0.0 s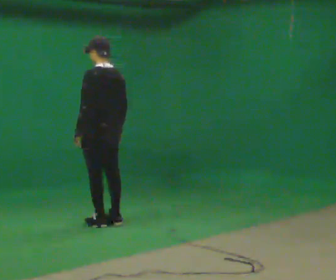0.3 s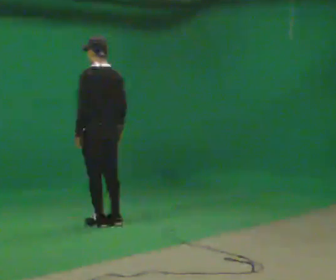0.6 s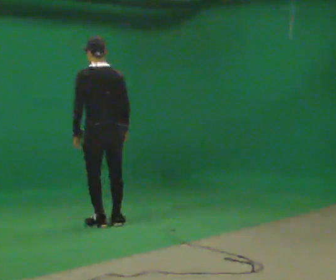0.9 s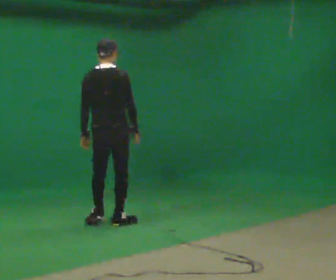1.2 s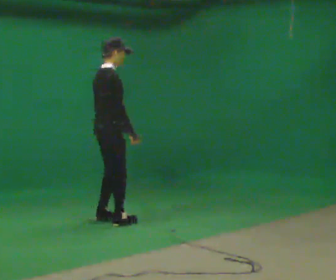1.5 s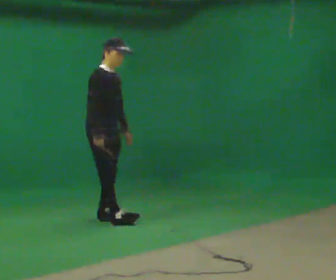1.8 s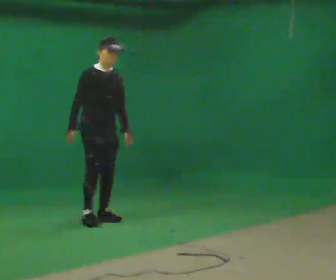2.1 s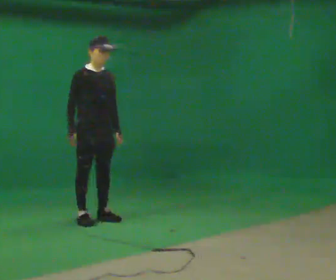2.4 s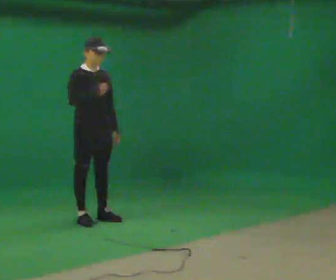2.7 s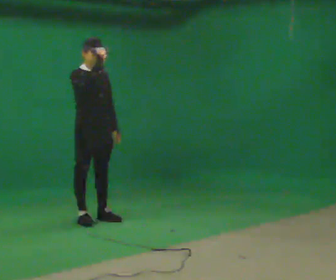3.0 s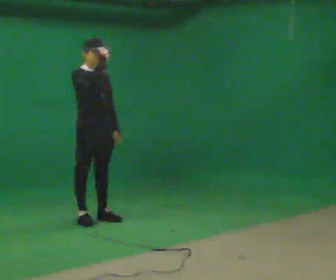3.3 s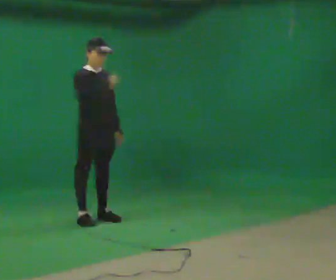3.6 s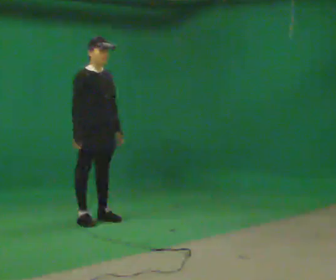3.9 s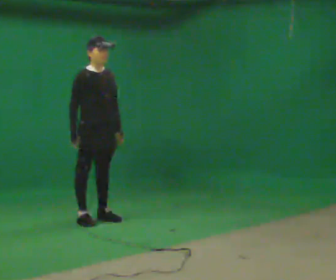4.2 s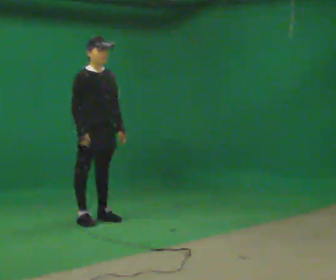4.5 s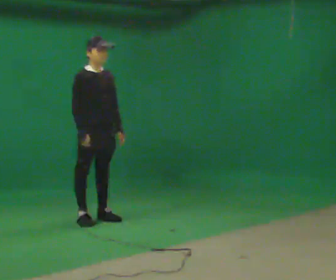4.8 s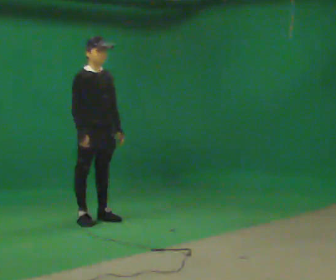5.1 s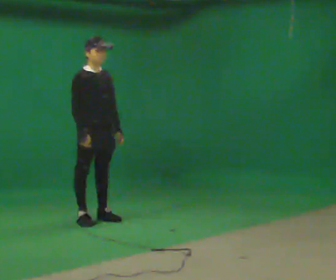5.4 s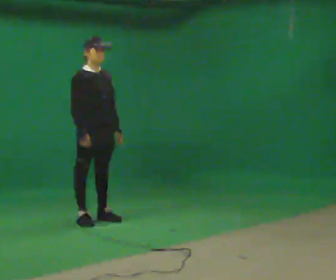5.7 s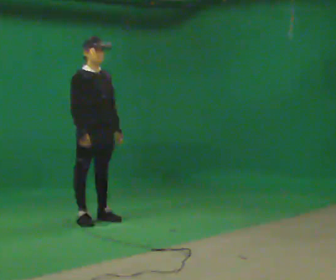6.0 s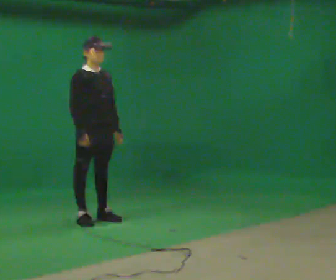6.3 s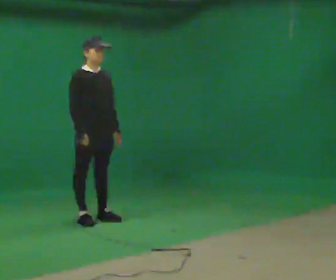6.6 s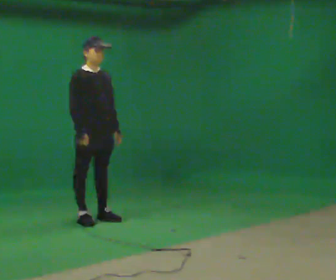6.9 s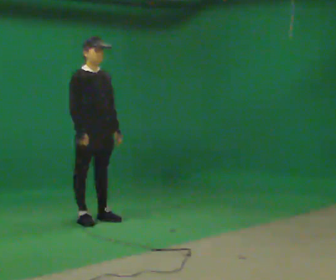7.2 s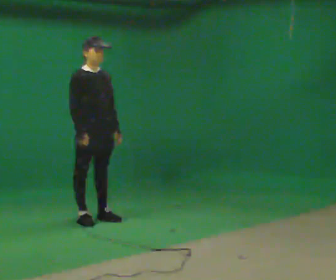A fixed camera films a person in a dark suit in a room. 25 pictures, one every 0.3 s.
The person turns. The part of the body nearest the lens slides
to the left.
The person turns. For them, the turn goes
to their right.
0.0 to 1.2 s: The person turns about 120 degrees to their right, clockwise seen from above, so the part of the body nearest the lens slides to the left.
1.2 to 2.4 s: The person turns about 60 degrees to their right, clockwise seen from above, so the part of the body nearest the lens slides to the left. In the picture they go to the left, about 0.25 m in 2 steps. In the picture their right hand goes upward.
2.4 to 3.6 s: In the picture their right hand goes downward.
3.6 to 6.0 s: The person moves a little, or ends about where they began.
6.0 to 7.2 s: The person keeps their place and pose.
The film runs forward here.
